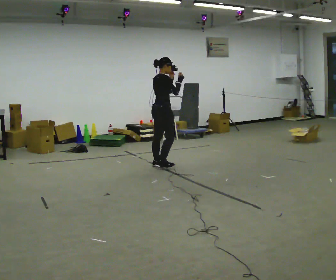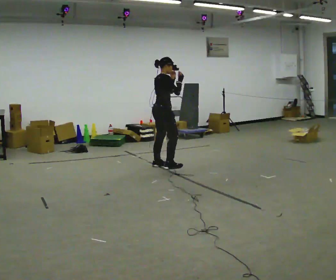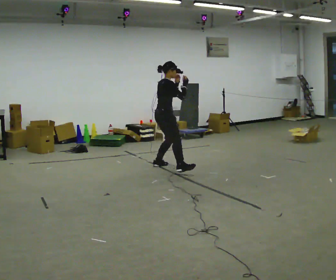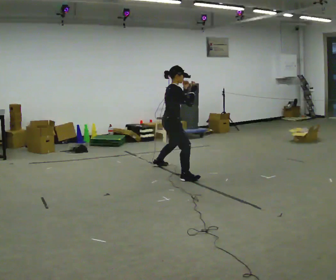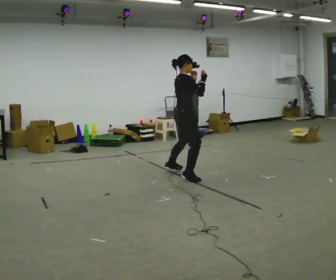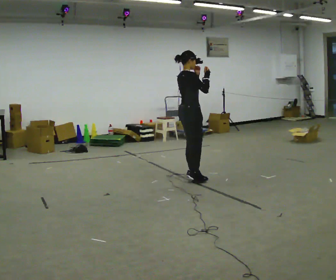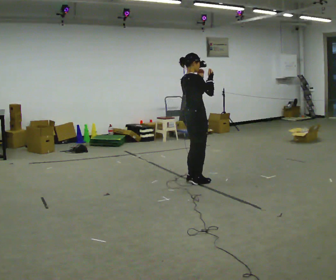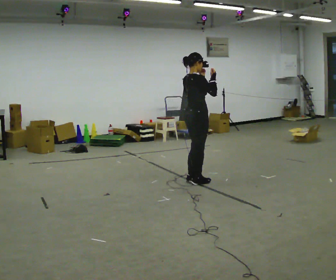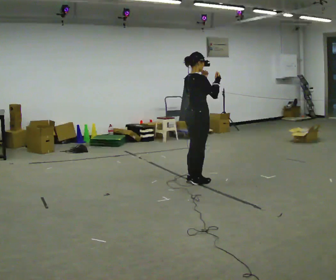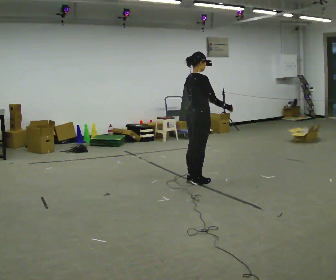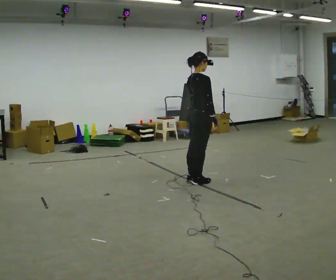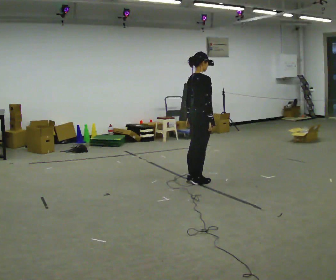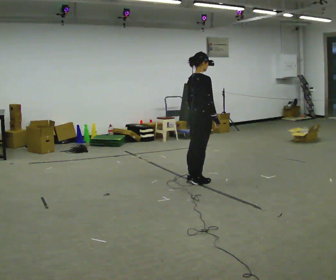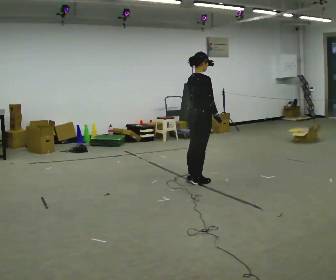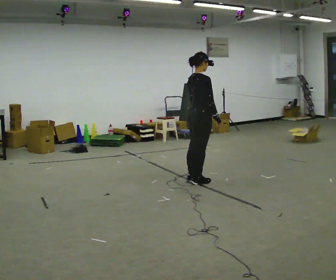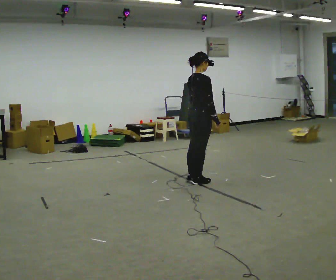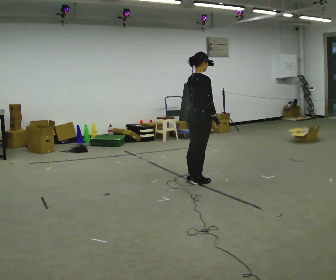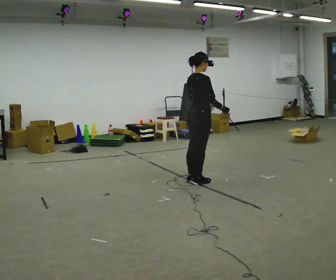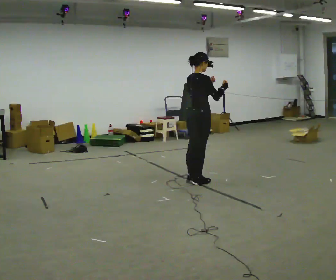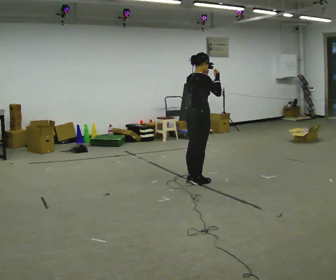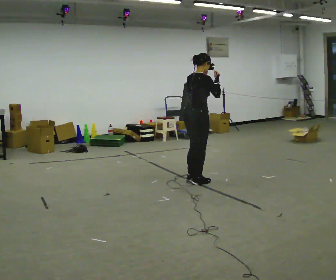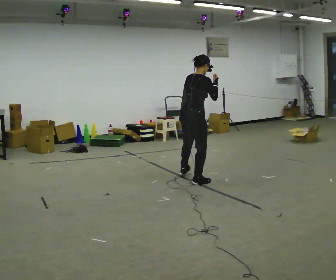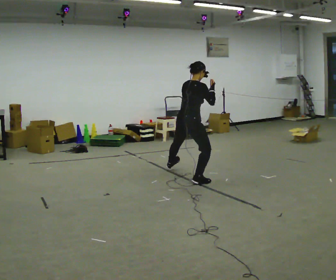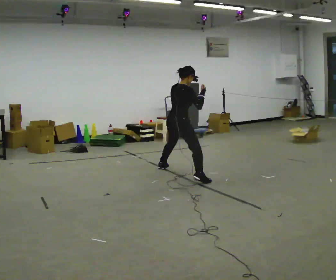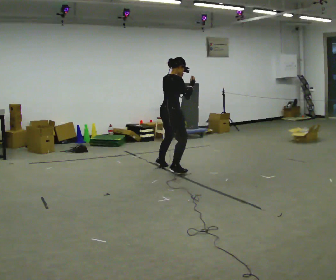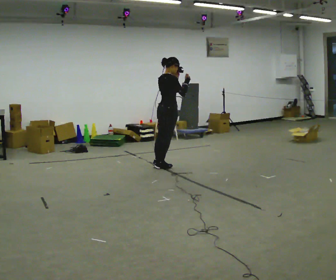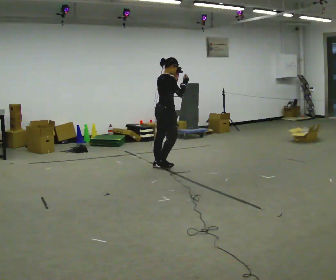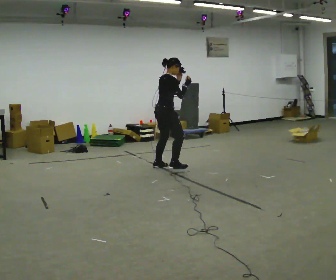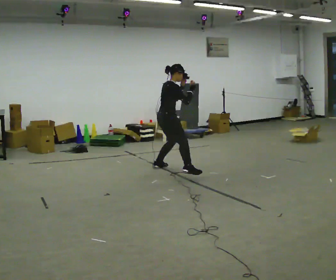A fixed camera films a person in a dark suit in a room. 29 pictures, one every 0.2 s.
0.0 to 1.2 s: In the picture they go toward the camera and to the right, about 1 m in 3 steps, which for them is to their right.
1.2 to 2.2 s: In the picture their left hand goes downward.
2.2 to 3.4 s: The person moves a little, or ends about where they began.
3.4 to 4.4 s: In the picture they go away from the camera, about 0.25 m, which for them is to their left.
4.4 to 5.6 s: The person turns about 30 degrees to their right, clockwise seen from above, so the part of the body nearest the lens slides to the left. In the picture they go away from the camera and to the left, about 0.5 m in 2 steps, which for them is to their left.
The film runs forward here.
